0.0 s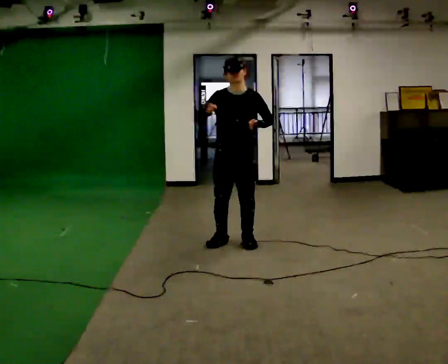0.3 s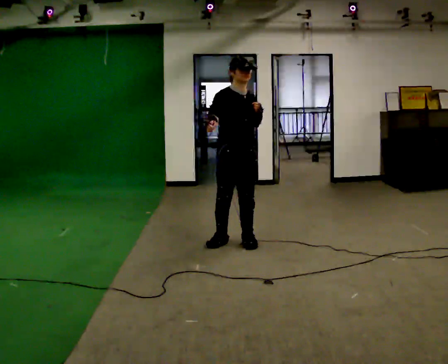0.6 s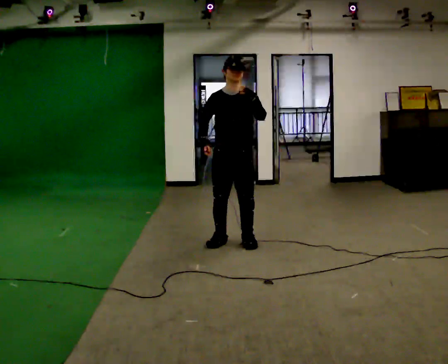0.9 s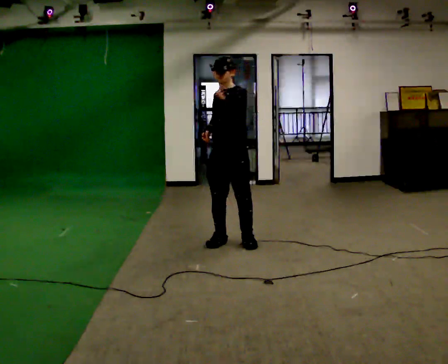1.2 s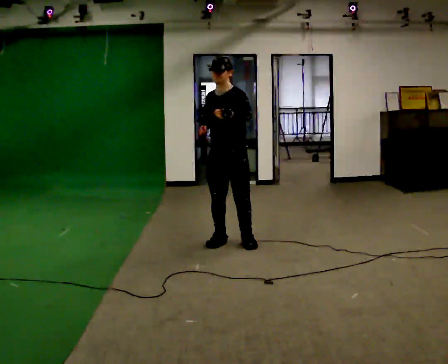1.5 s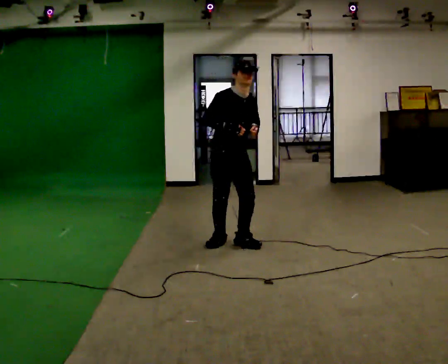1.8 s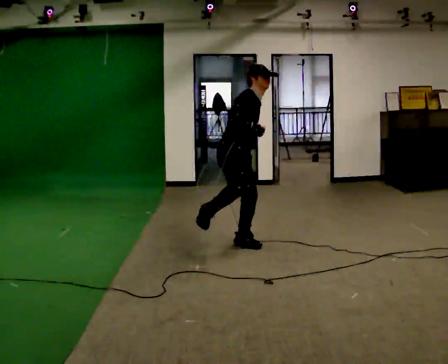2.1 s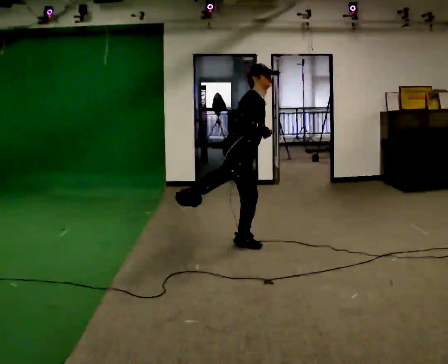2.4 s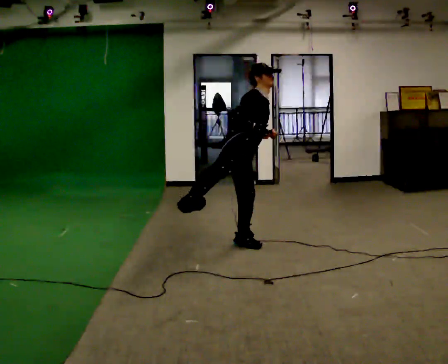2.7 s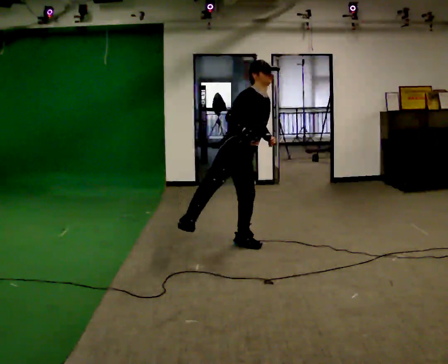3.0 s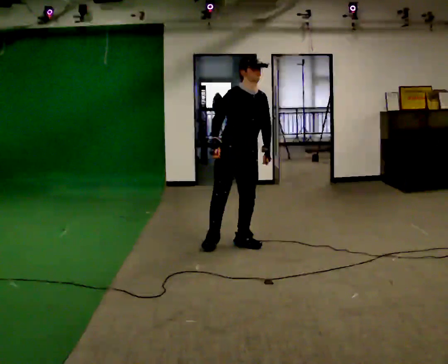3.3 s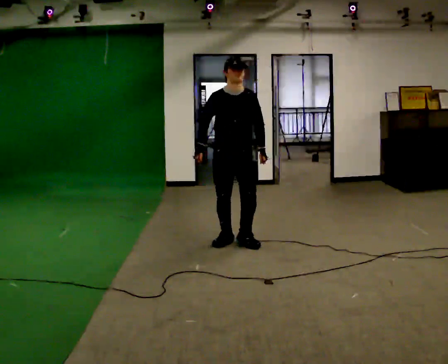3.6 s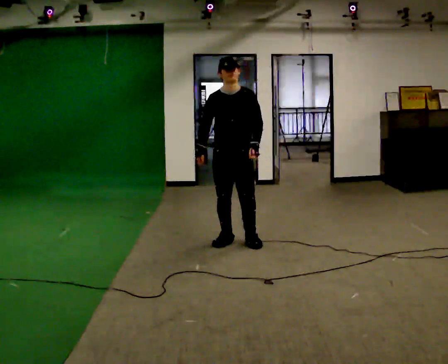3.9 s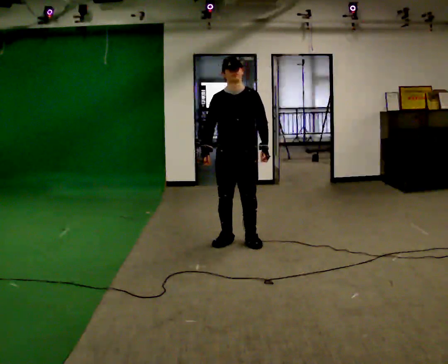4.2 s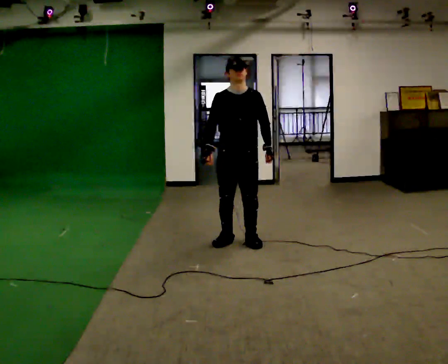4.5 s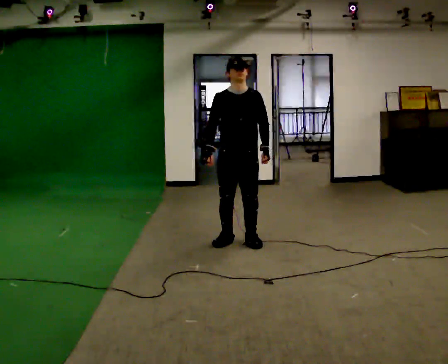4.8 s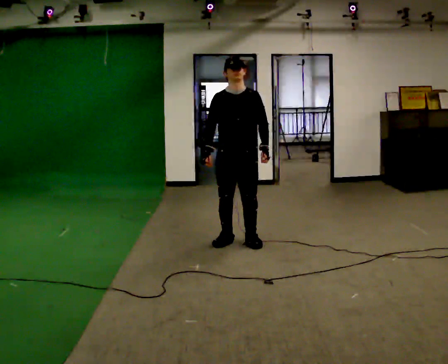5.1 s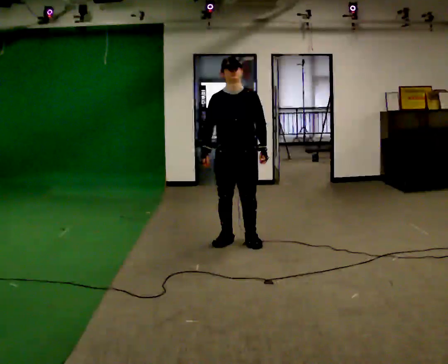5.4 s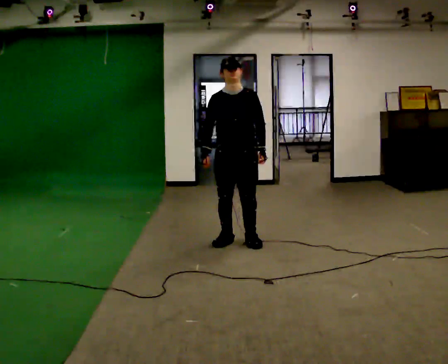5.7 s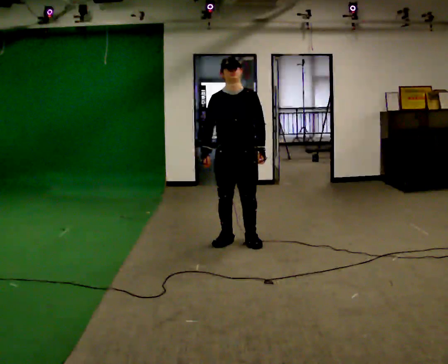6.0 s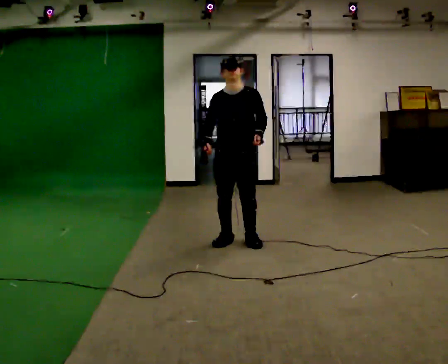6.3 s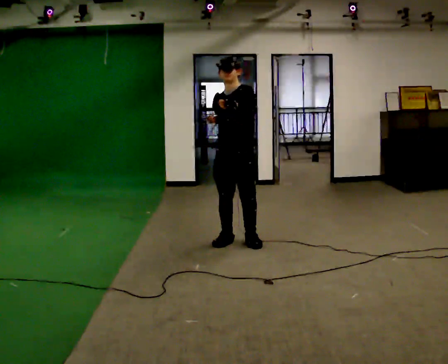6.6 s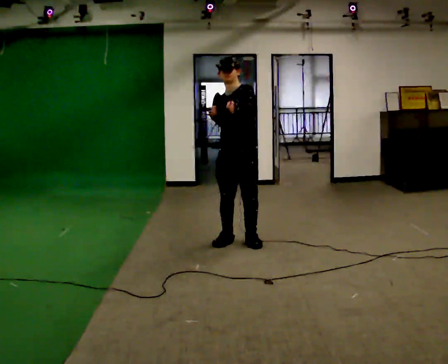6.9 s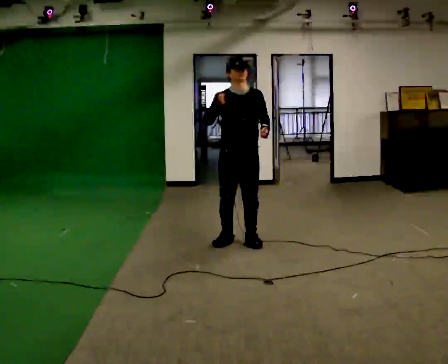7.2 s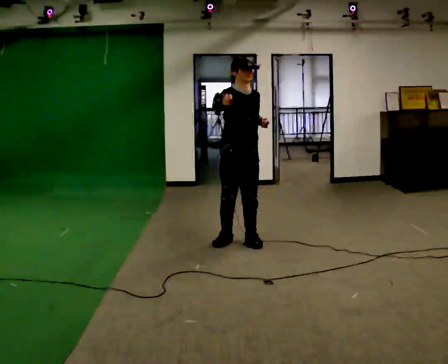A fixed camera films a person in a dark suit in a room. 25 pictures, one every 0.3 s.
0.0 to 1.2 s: The person moves a little, or ends about where they began.
1.2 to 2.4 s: Seen from above the body turns counterclockwise, about 90 degrees: to their left, with its near side sliding to the right. In the picture the upper body tilts clockwise, shoulders to the right. In the picture their left hand goes to the right.
2.4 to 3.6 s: The person turns about 75 degrees to their right, clockwise seen from above, so the part of the body nearest the lens slides to the left. In the picture the upper body tilts counterclockwise, shoulders to the left, as they lean back or straighten. In the picture their right hand goes to the left.
3.6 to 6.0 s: The person moves a little, or ends about where they began.
6.0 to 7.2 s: The part of the body nearest the lens slides to the right as the person turns to their left by about 45 degrees. In the picture their right hand goes upward.
The film runs forward here.
